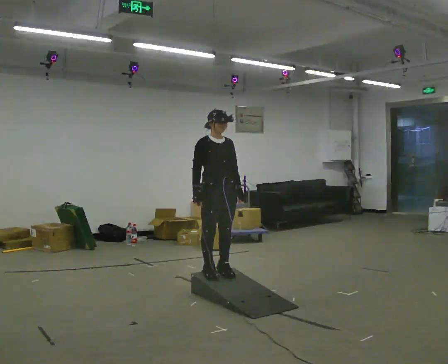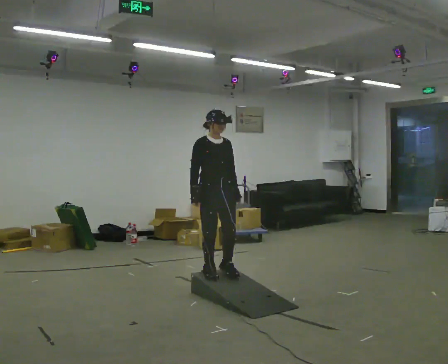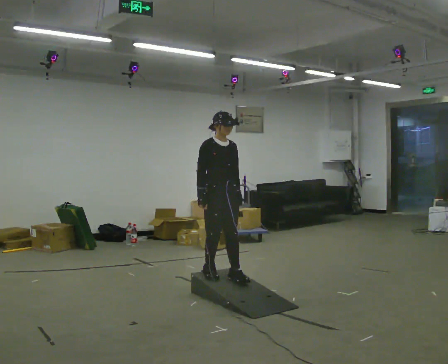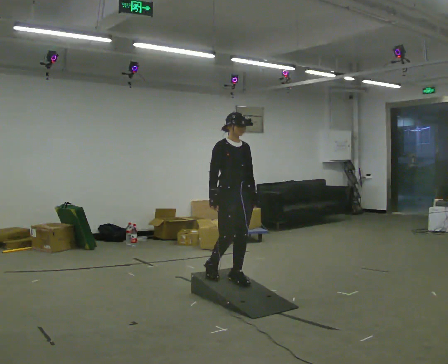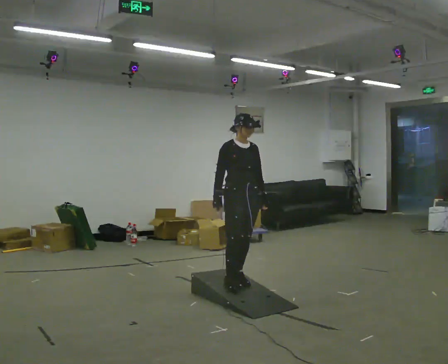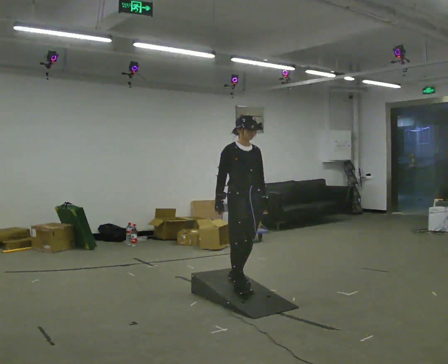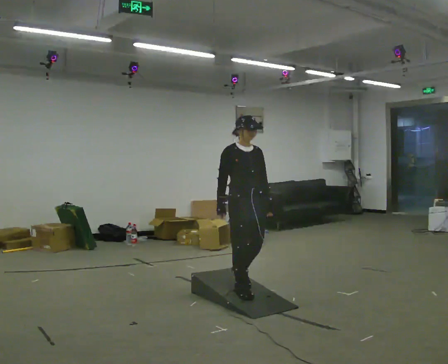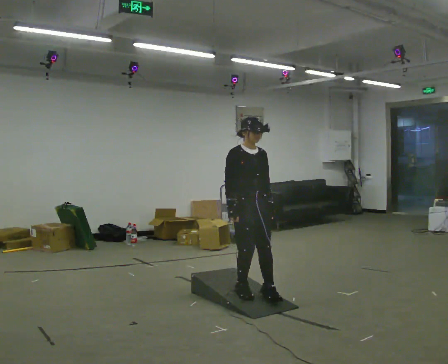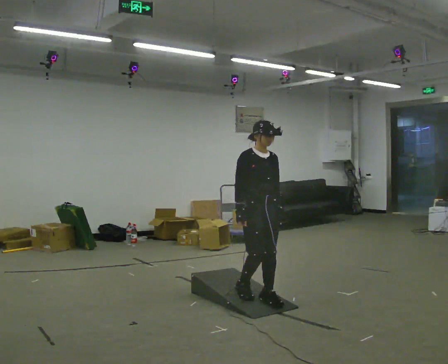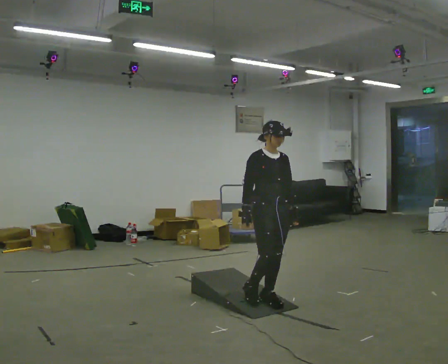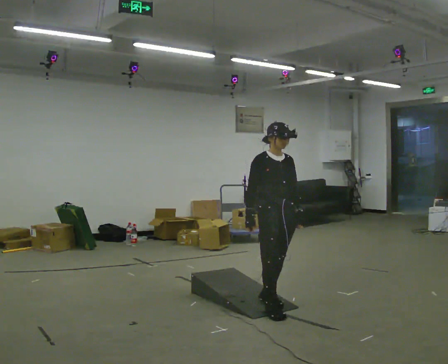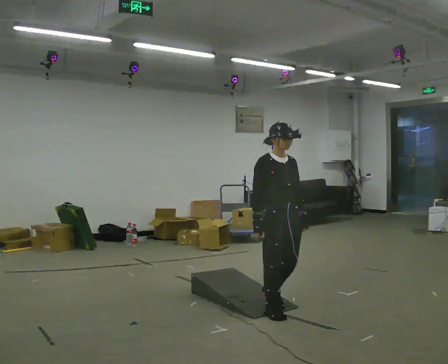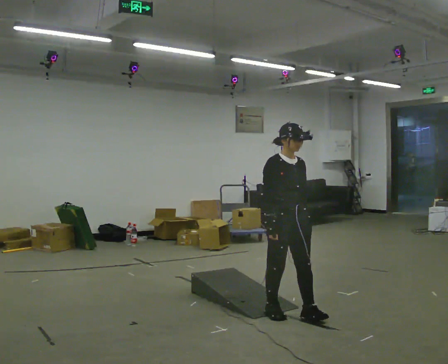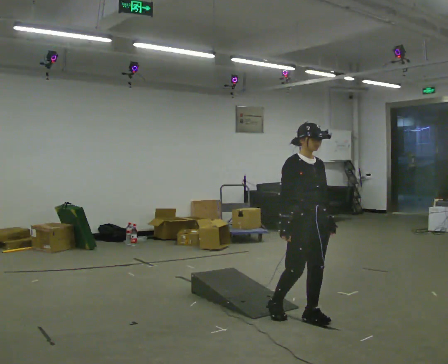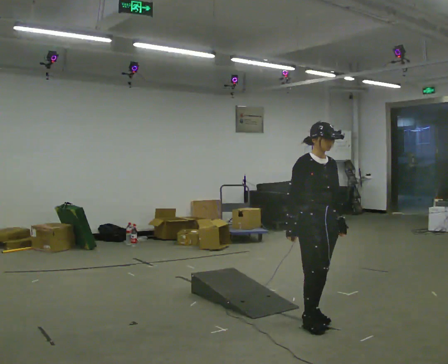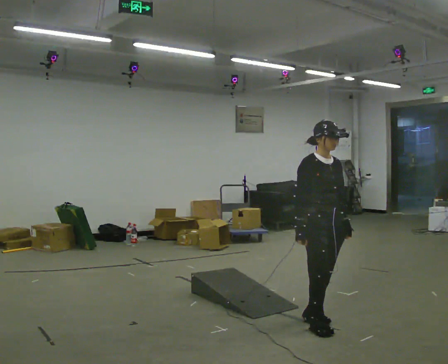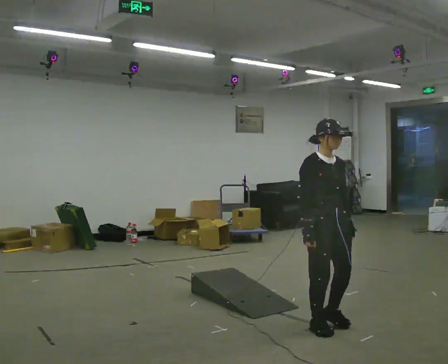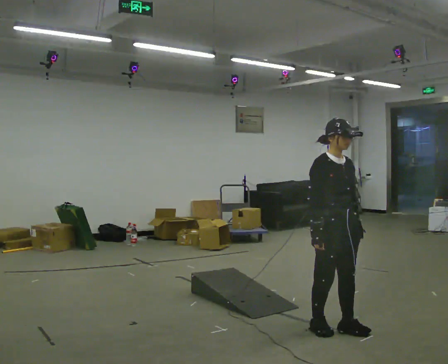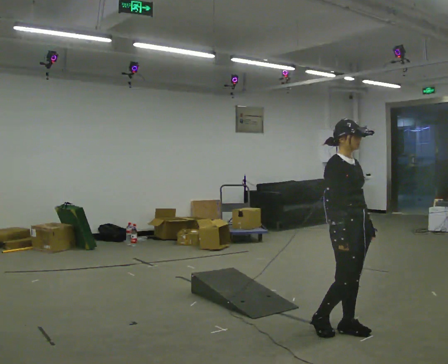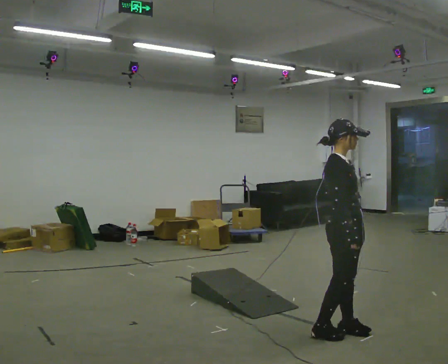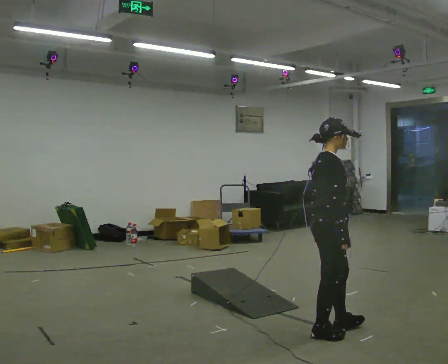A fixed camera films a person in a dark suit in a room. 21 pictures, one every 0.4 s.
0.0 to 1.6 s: In the picture they go to the right, about 0.25 m in 1 step, which for them is forward.
1.6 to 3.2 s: In the picture they go toward the camera and to the right, about 0.25 m in 2 steps, which for them is forward.
3.2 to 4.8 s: In the picture they go toward the camera and to the right, about 0.5 m in 1 step, which for them is forward.
4.8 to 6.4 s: In the picture they go toward the camera and to the right, about 0.5 m in 2 steps, which for them is forward.
6.4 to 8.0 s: The person turns about 60 degrees to their left, counterclockwise seen from above, so the part of the body nearest the lens slides to the right.
The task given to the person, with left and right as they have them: Walk up the ramp, turn at the top, and walk back down at a comfortable speed.
The film runs forward here.
